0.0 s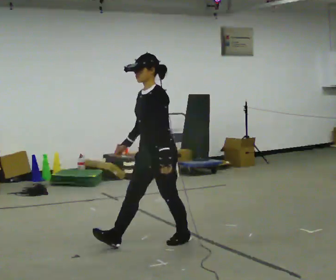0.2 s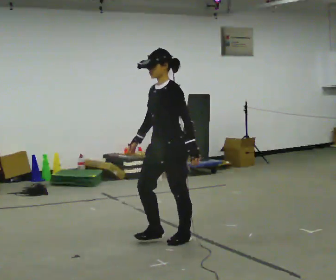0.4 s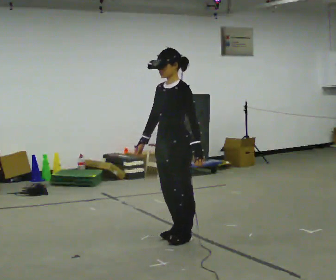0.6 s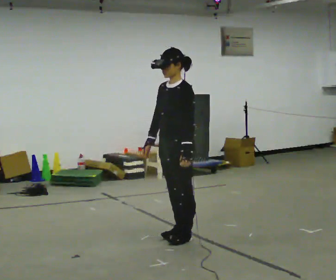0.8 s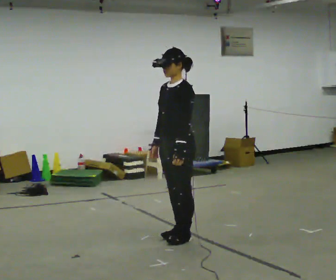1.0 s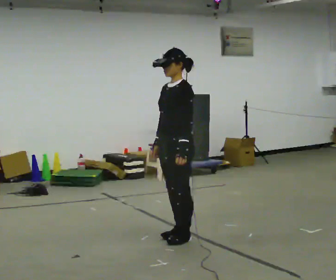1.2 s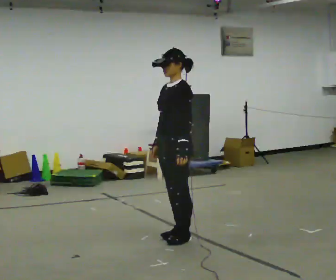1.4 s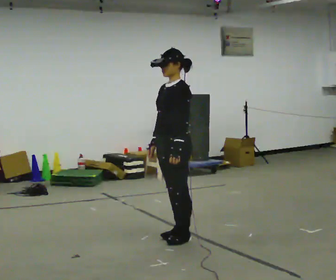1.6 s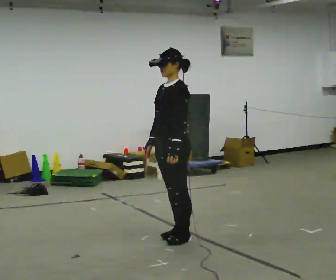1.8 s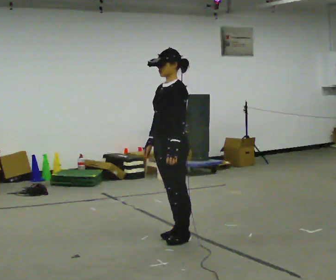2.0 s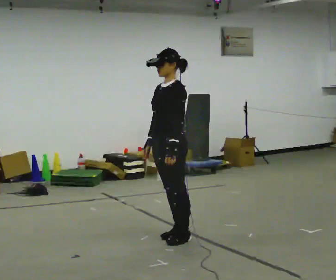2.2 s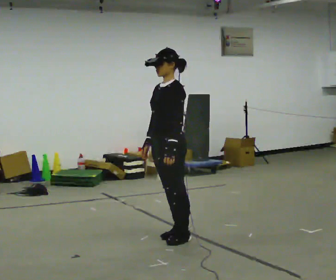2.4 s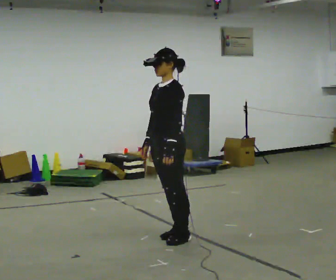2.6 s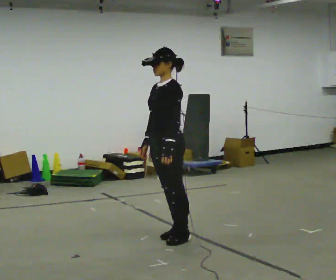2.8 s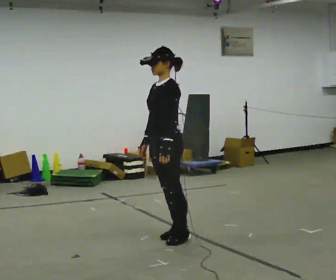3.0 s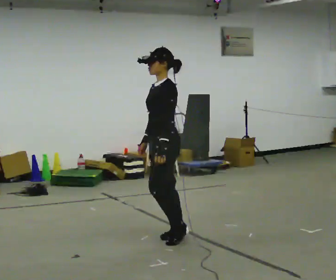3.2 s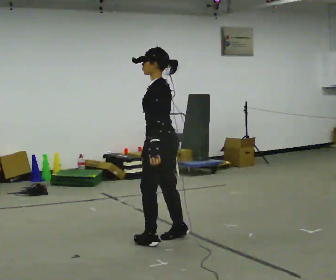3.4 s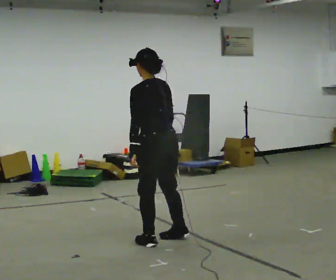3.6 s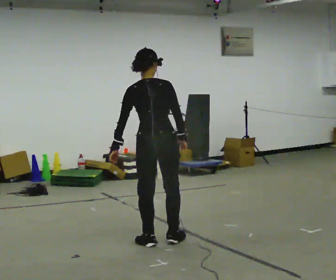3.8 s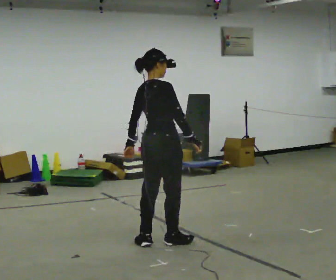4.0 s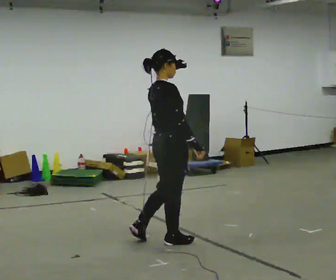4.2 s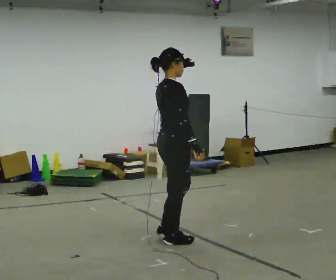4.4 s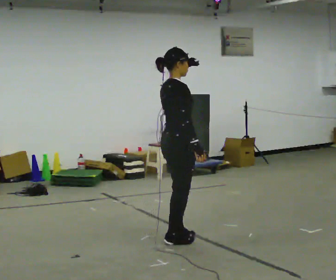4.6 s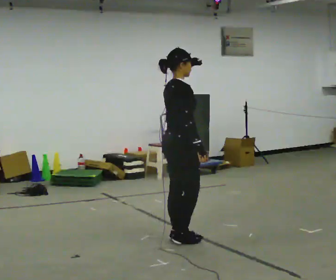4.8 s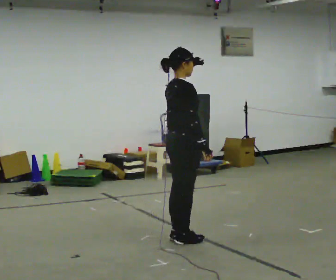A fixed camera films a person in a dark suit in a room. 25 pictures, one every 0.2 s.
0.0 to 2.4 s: The person moves a little, or ends about where they began.
2.4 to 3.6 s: The person turns about 135 degrees to their right, clockwise seen from above, so the part of the body nearest the lens slides to the left. In the picture their right hand goes to the right, the arm swinging counterclockwise.
3.6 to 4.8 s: Seen from above the body turns clockwise, about 60 degrees: to their right, with its near side sliding to the left. In the picture they go to the right, about 0.25 m in 1 step, which for them is forward. In the picture their left hand goes to the right.
The film runs forward here.
